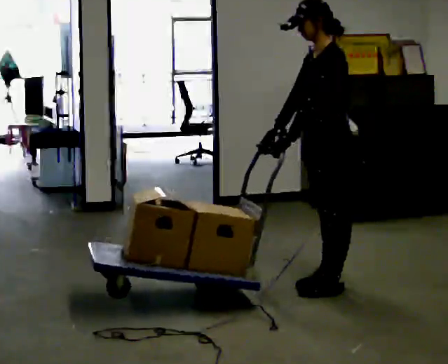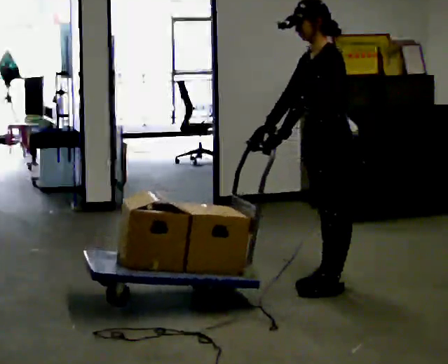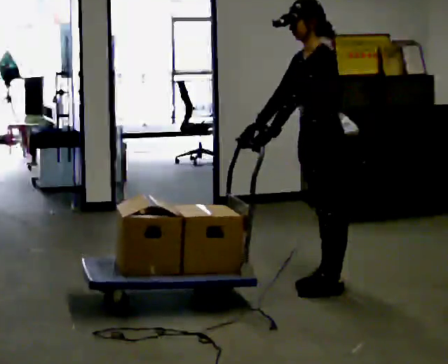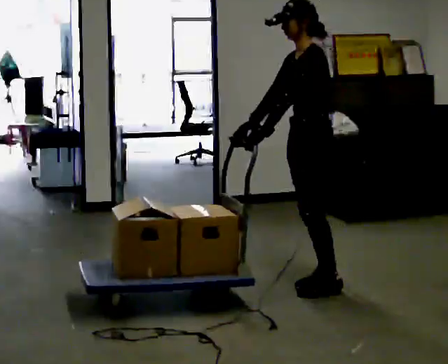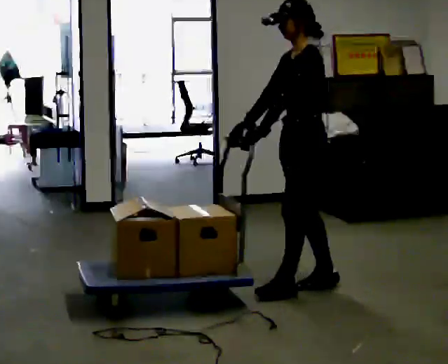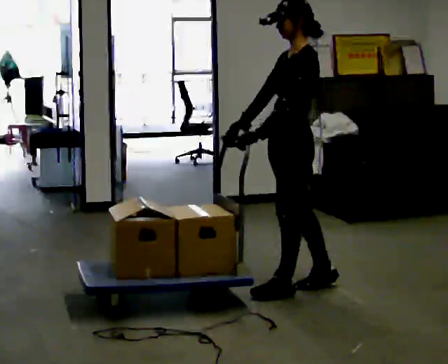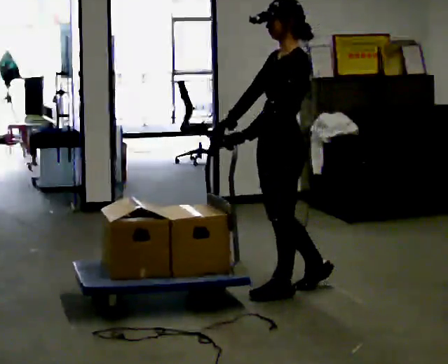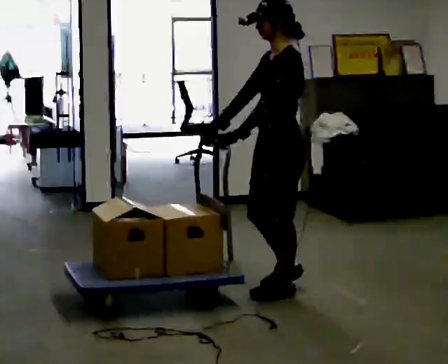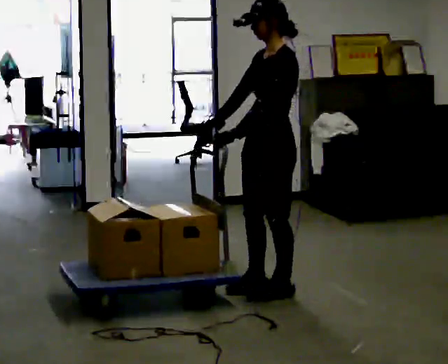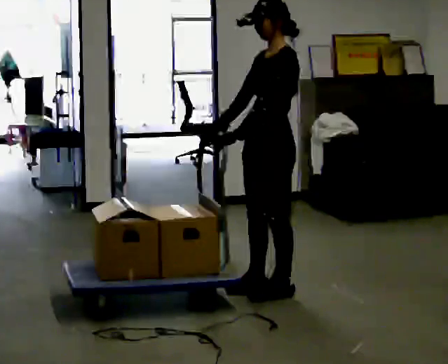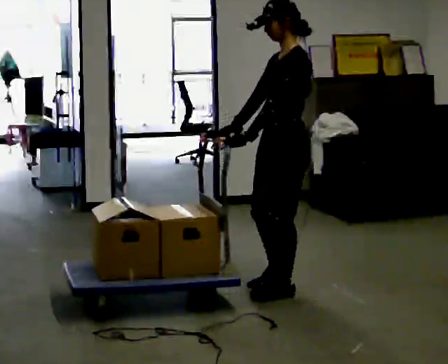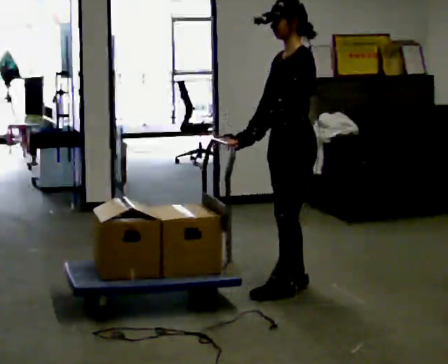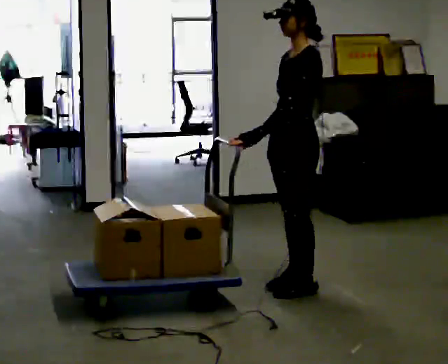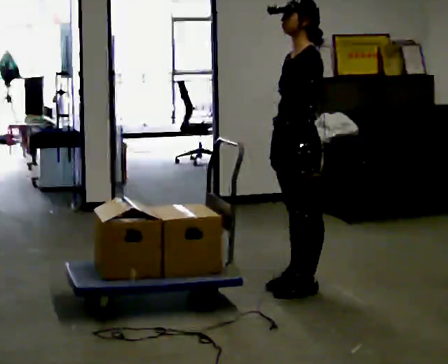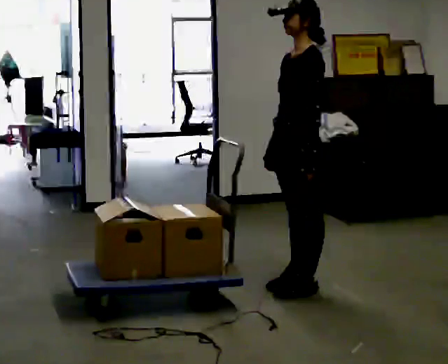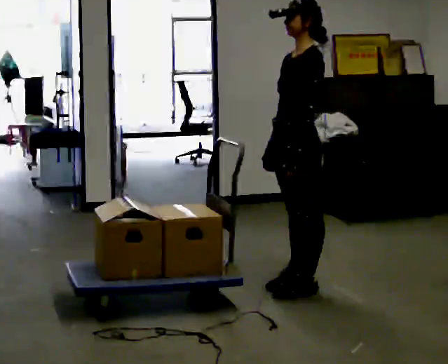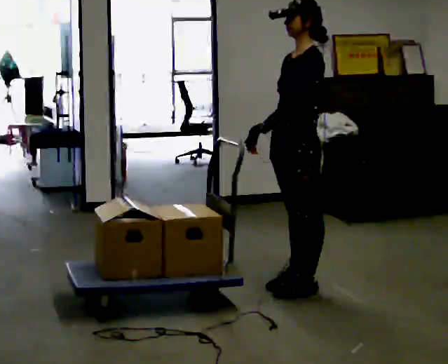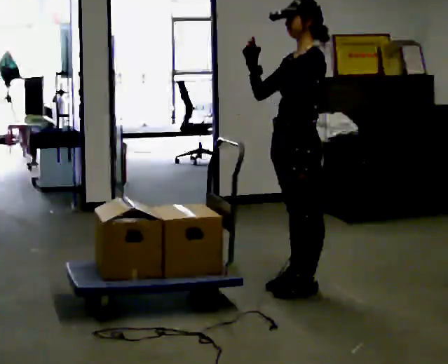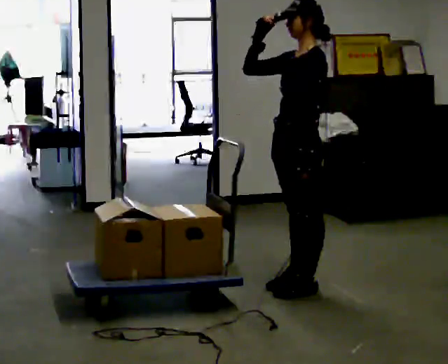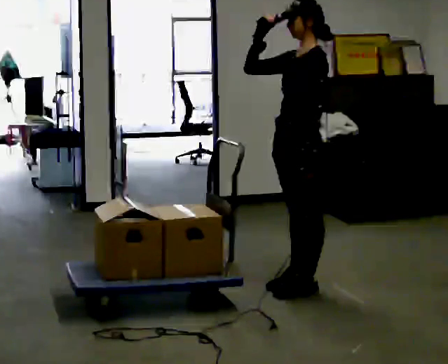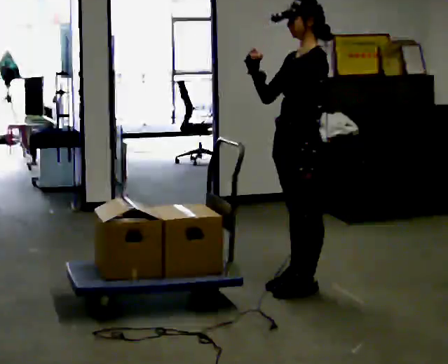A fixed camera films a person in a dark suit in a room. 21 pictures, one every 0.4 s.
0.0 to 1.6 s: The person moves a little, or ends about where they began.
1.6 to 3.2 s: In the picture they go to the left, about 0.25 m in 1 step, which for them is forward.
3.2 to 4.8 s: In the picture their right hand goes to the right.
4.8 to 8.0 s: In the picture their right hand goes upward.
The film runs forward here.
